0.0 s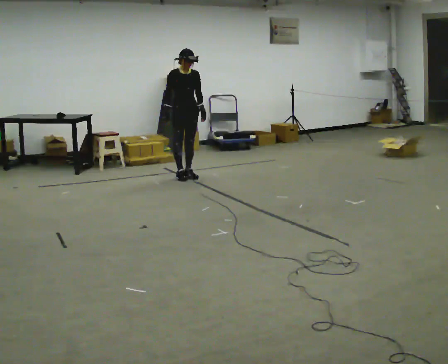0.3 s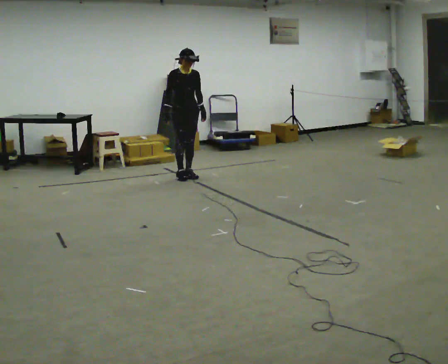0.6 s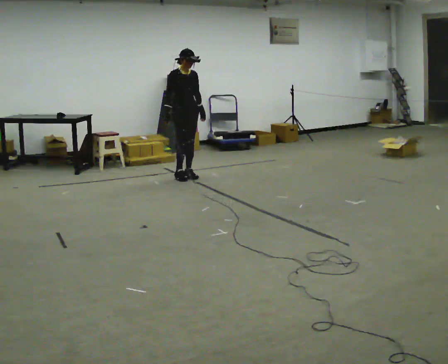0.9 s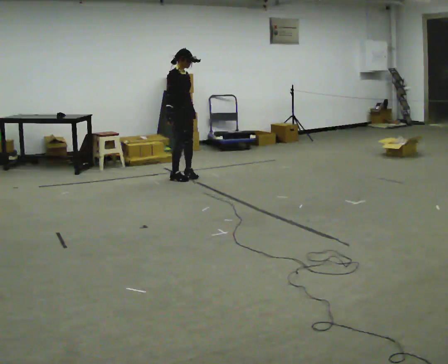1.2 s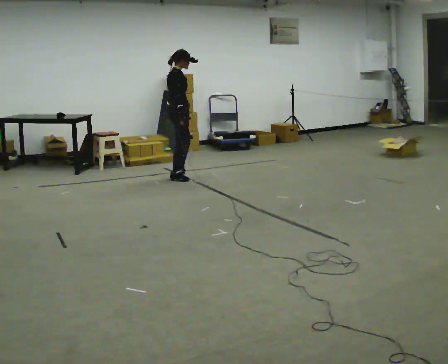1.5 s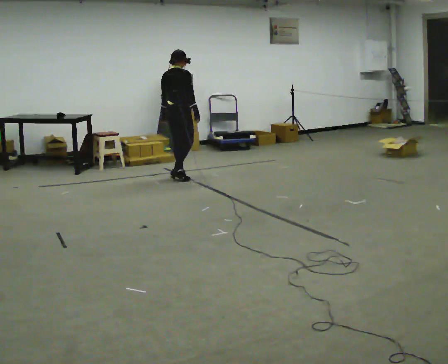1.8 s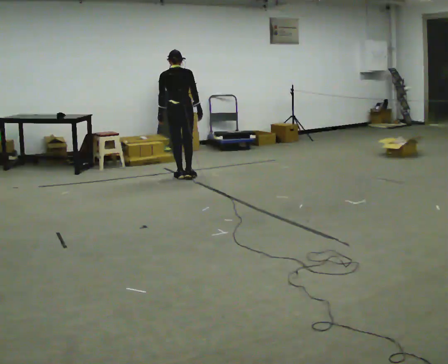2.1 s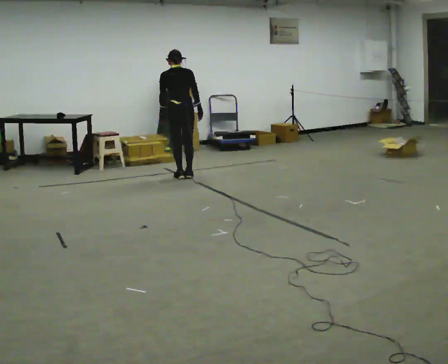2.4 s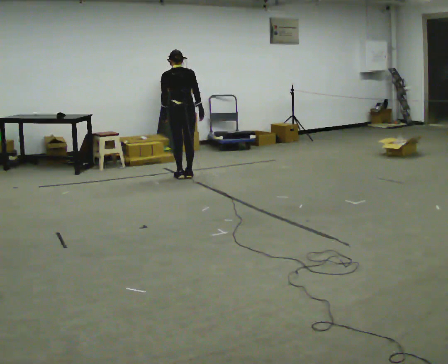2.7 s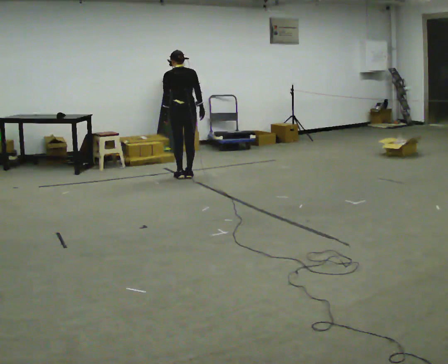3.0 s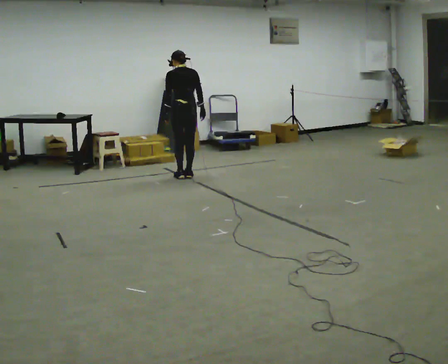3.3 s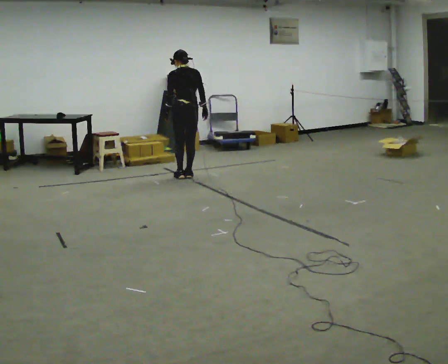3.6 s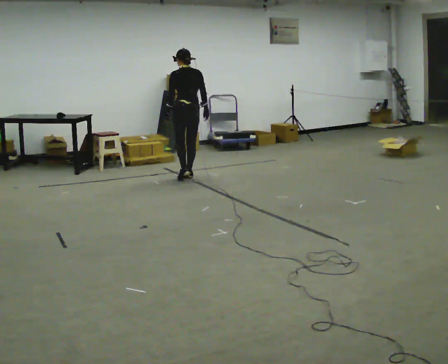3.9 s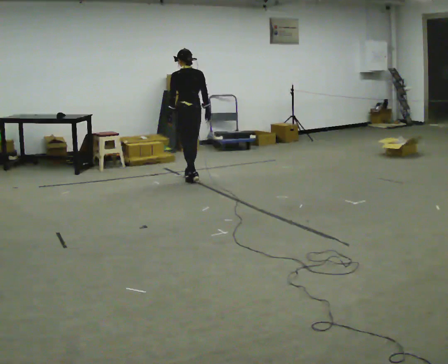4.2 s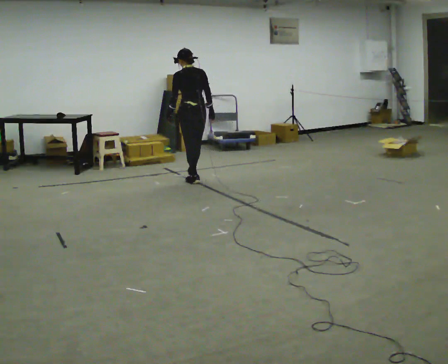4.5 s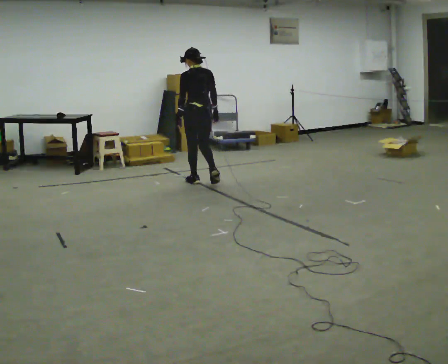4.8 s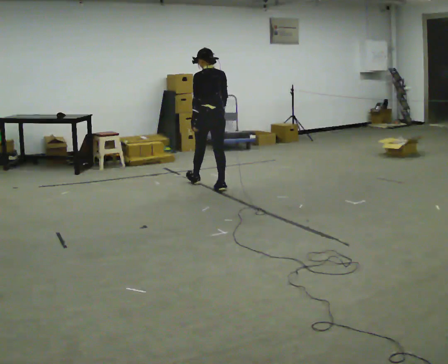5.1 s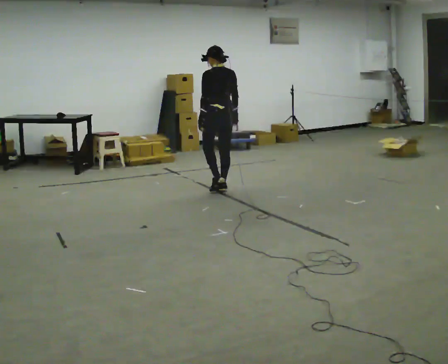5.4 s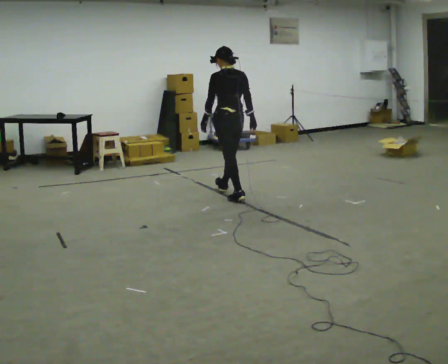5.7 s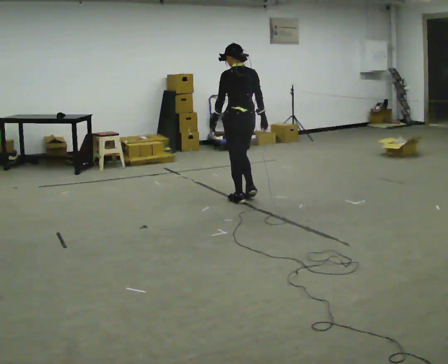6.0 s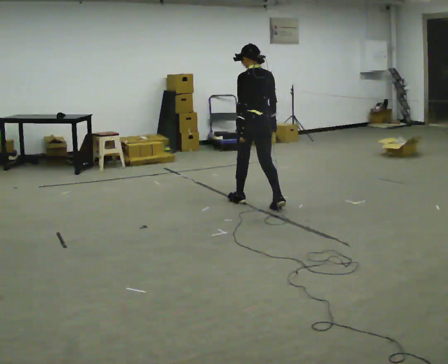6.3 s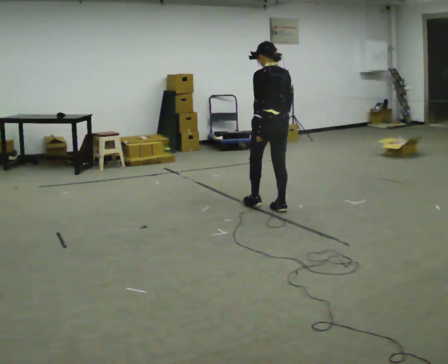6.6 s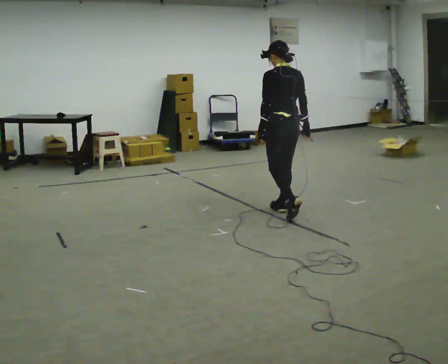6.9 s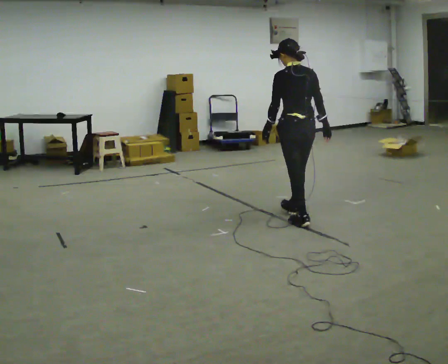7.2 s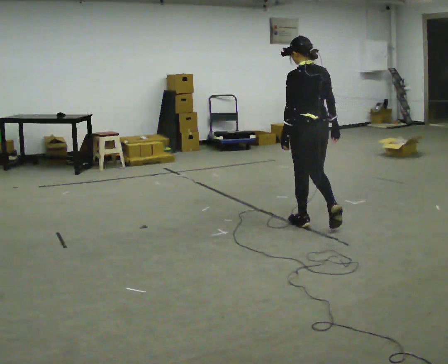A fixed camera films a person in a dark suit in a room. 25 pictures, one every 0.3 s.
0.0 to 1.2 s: The part of the body nearest the lens slides to the right as the person turns to their left by about 75 degrees.
1.2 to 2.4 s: The person turns about 75 degrees to their left, counterclockwise seen from above, so the part of the body nearest the lens slides to the right.
2.4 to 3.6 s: The person moves a little, or ends about where they began.
3.6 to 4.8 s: In the picture they go toward the camera and to the right, about 0.5 m in 2 steps, which for them is backward.
4.8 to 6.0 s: In the picture they go toward the camera and to the right, about 1 m in 1 step, which for them is backward.
6.0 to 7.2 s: In the picture they go toward the camera and to the right, about 1 m in 2 steps, which for them is backward.
The film runs backward here.
